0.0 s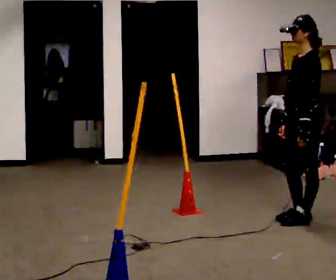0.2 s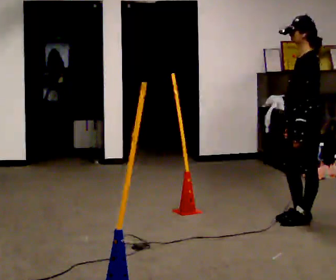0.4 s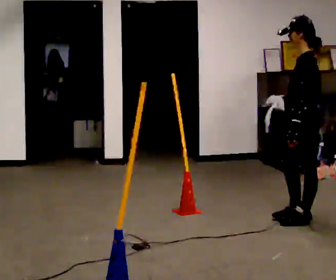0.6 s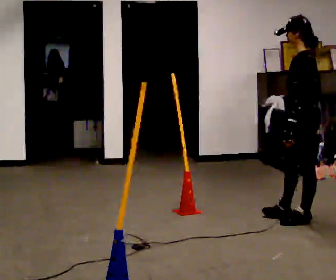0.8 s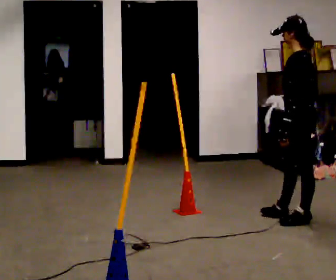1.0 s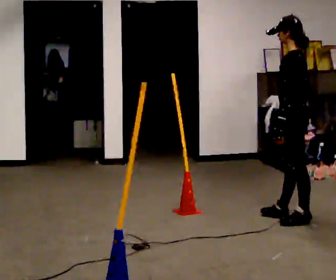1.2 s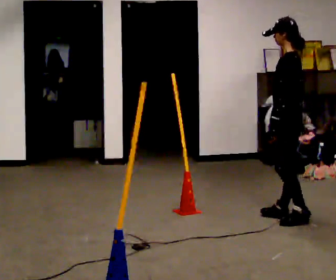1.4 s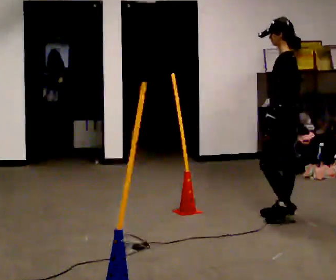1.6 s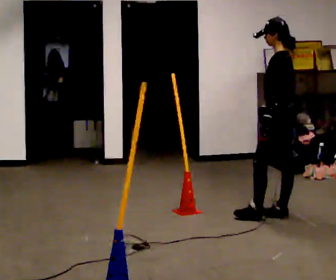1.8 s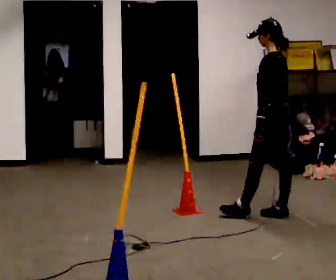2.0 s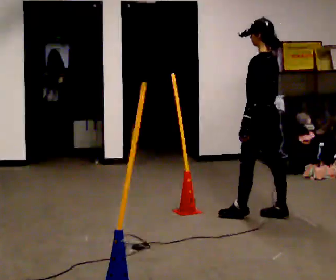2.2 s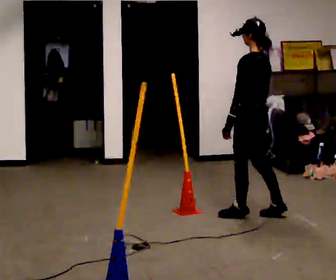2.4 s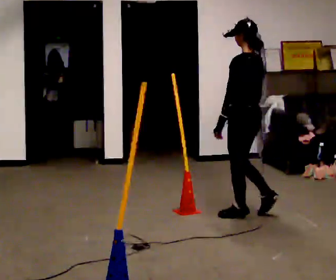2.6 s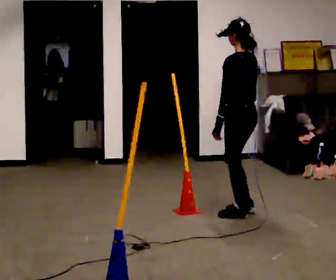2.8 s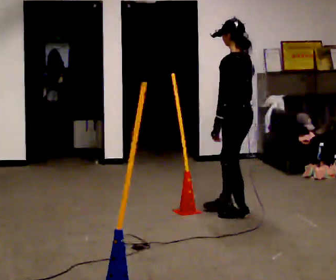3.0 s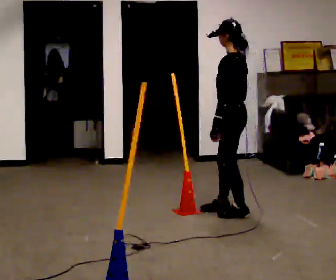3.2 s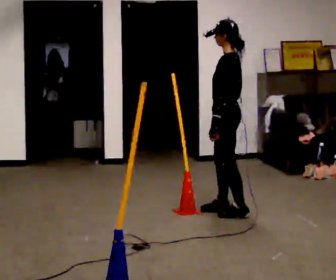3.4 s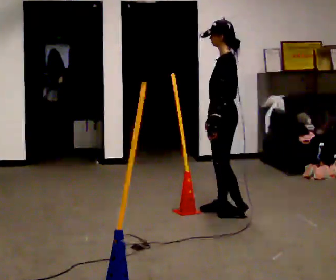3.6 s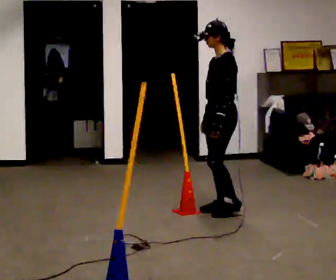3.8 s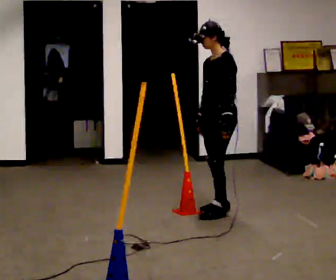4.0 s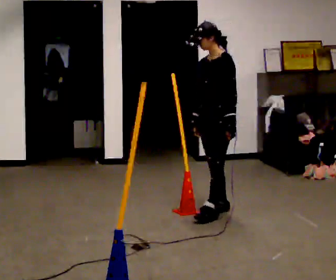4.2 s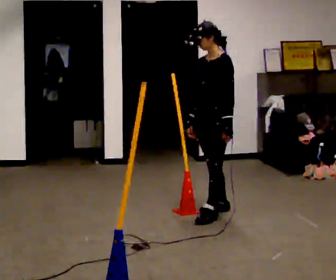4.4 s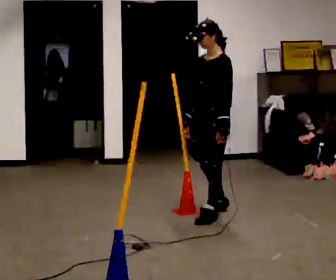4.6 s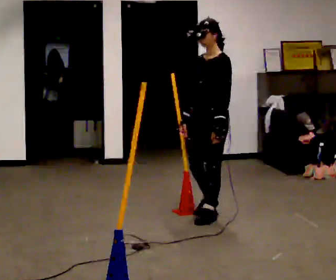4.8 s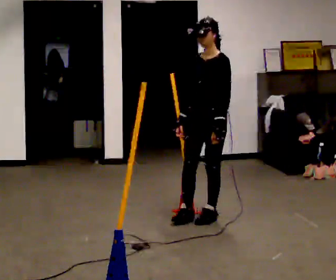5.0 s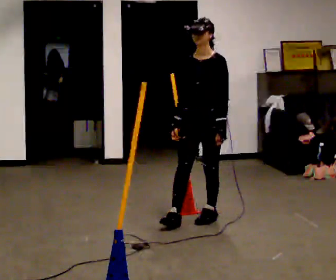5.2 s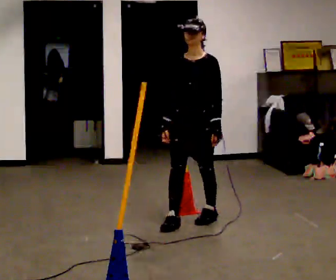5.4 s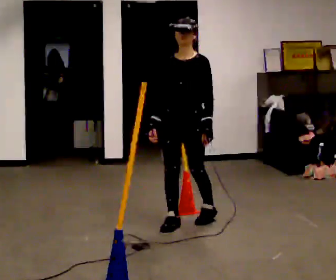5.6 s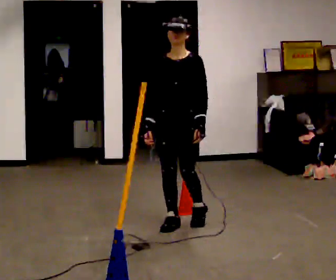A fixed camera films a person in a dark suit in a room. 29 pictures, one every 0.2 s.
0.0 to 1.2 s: In the picture they go away from the camera, about 0.25 m, which for them is forward.
1.2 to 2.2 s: In the picture they go to the left, about 0.25 m in 1 step, which for them is forward.
2.2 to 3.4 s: The person turns about 45 degrees to their left, counterclockwise seen from above, so the part of the body nearest the lens slides to the right. In the picture they go to the left and away from the camera, about 0.25 m in 1 step, which for them is forward.
3.4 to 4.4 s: Seen from above the body turns counterclockwise, about 45 degrees: to their left, with its near side sliding to the right. In the picture they go toward the camera, about 0.25 m in 1 step, which for them is forward.
4.4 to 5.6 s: Seen from above the body turns counterclockwise, about 45 degrees: to their left, with its near side sliding to the right. In the picture they go to the left and toward the camera, about 0.25 m in 1 step, which for them is forward and to their right.
The film runs forward here.
